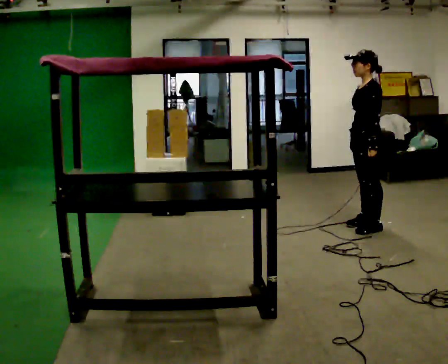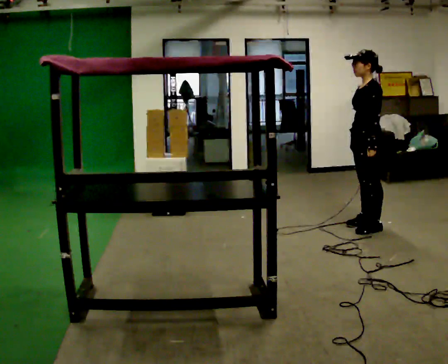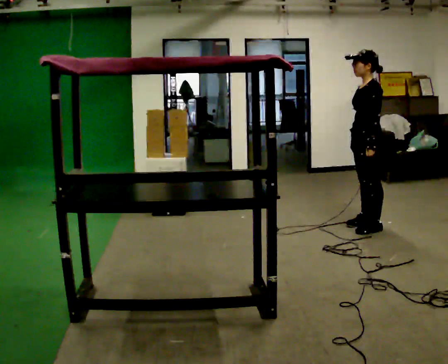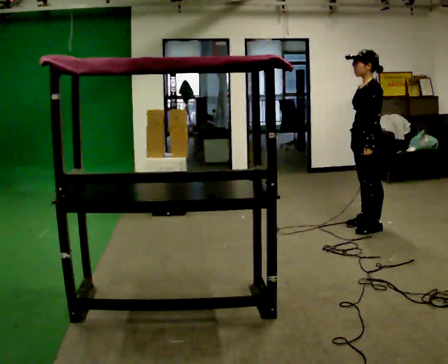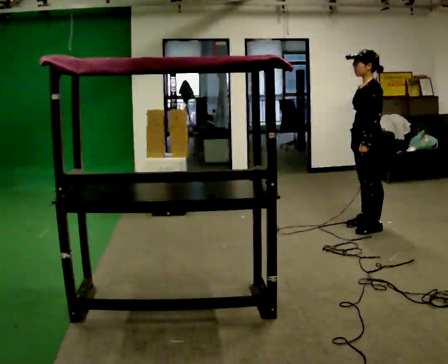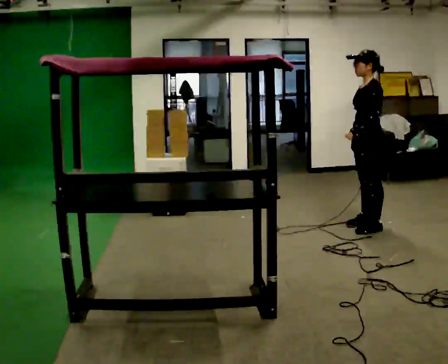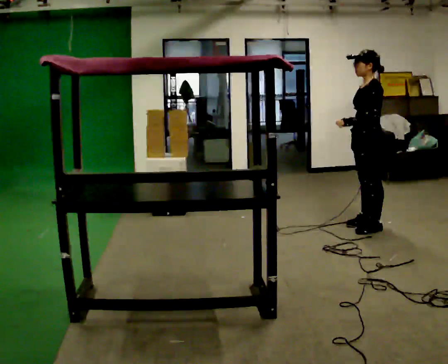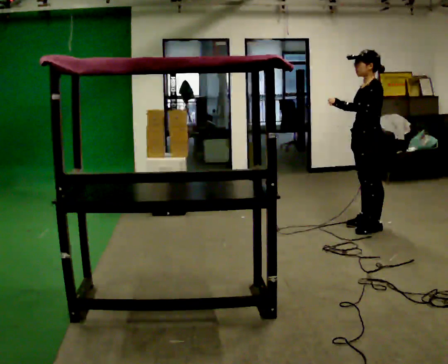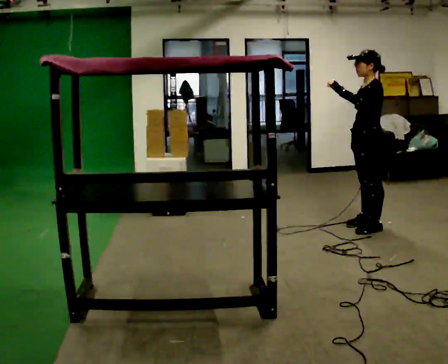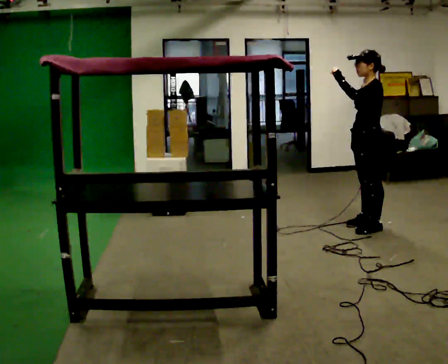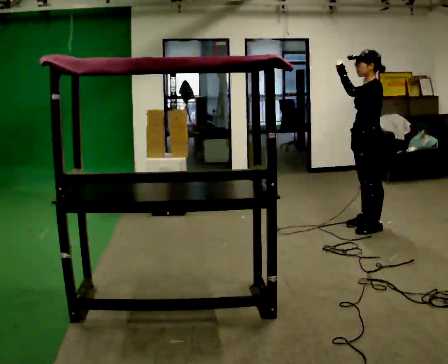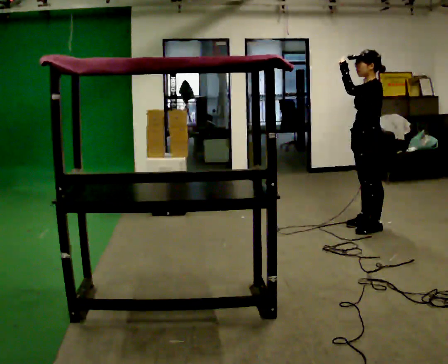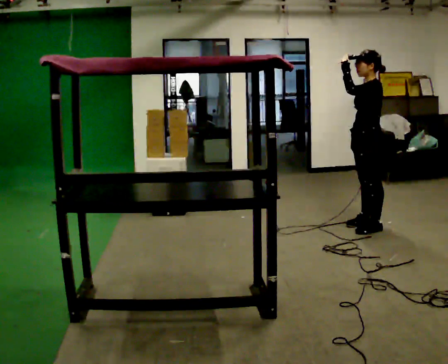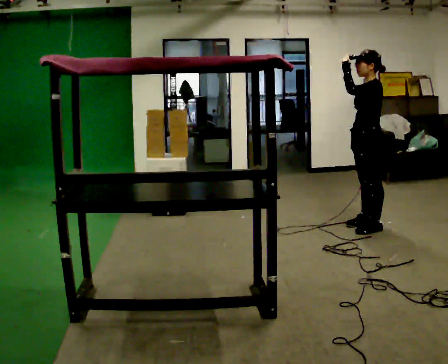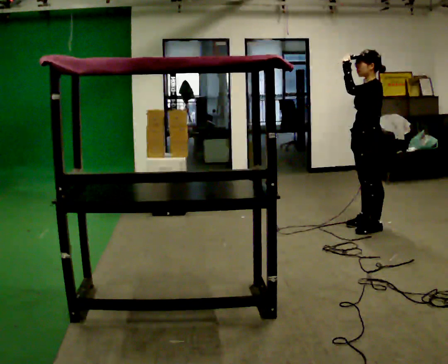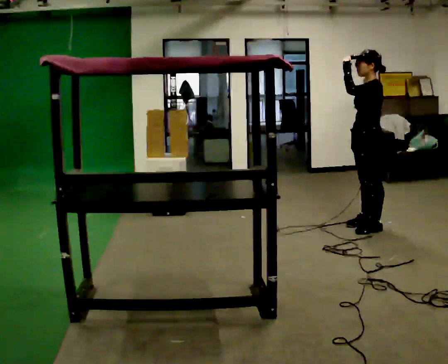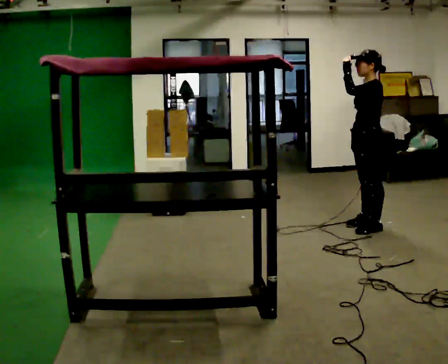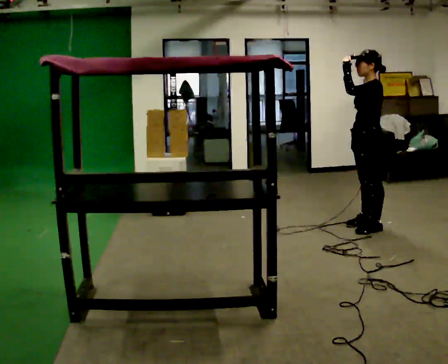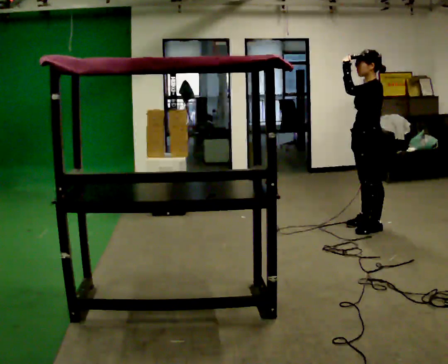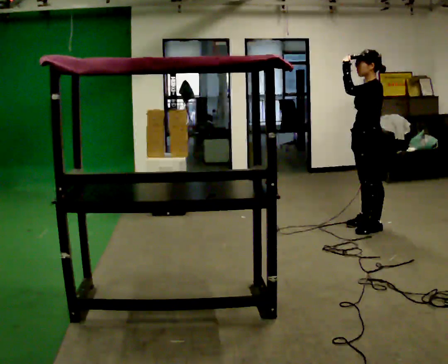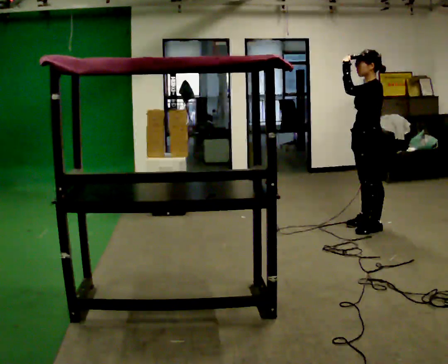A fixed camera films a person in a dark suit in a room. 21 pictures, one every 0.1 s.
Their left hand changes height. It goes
upward.
0.0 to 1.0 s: In the picture their left hand goes upward.
1.0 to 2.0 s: The person moves a little, or ends about where they began.
The film runs forward here.
